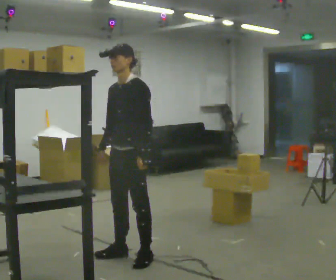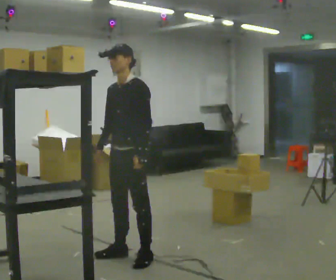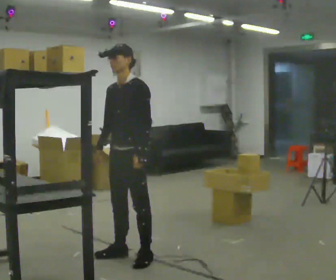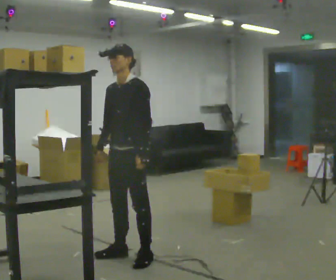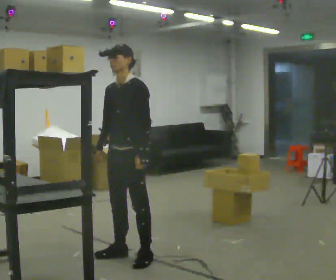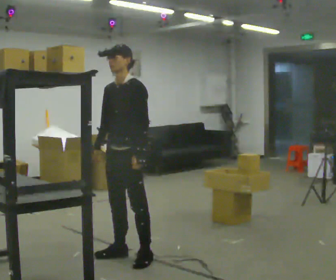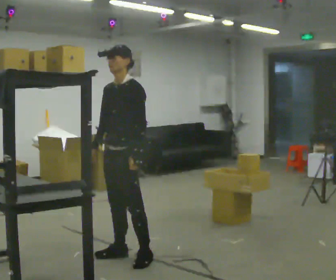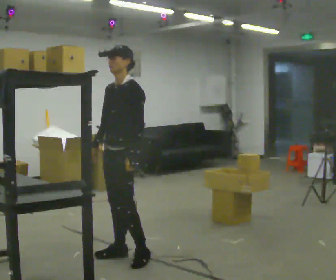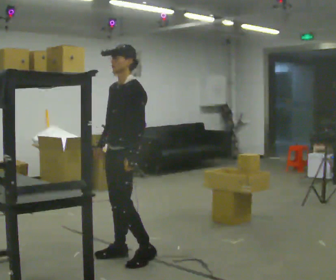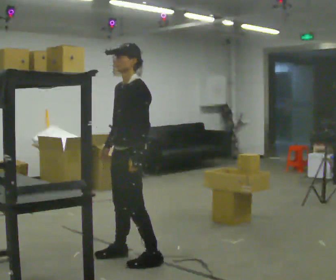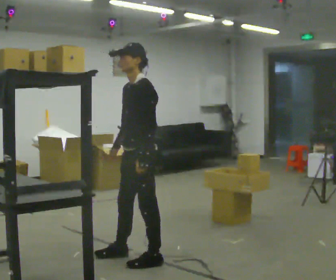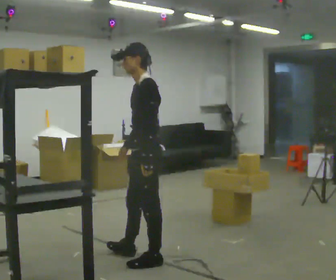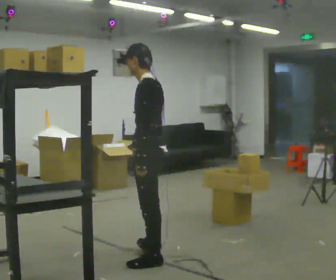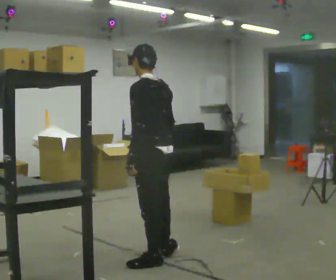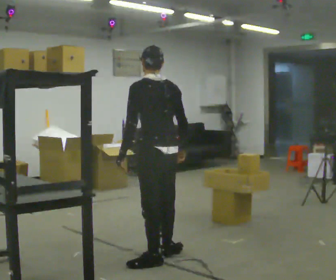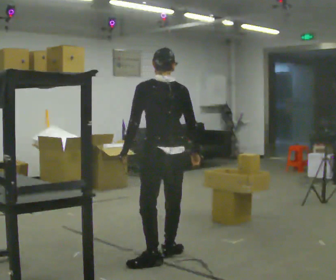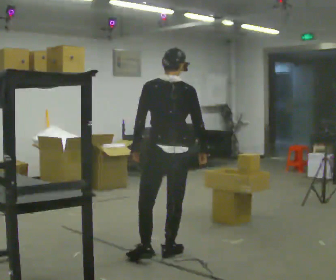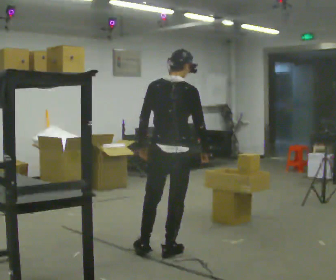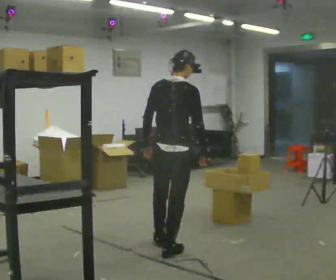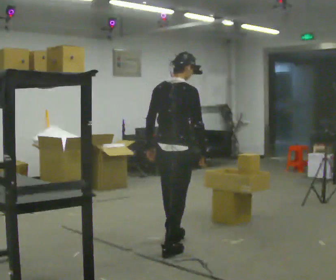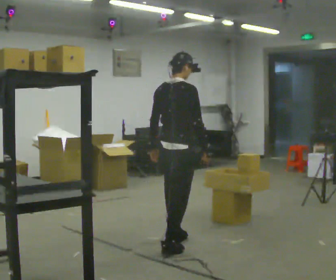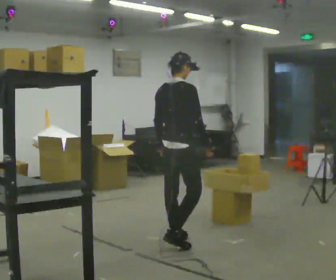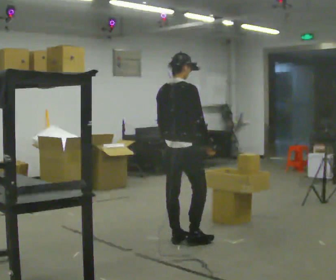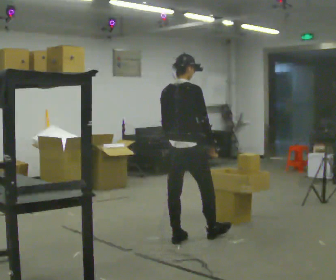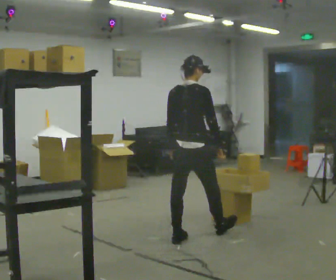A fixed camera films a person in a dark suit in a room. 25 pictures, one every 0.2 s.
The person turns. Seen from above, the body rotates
clockwise.
The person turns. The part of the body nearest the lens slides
to the left.
0.0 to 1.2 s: The person moves a little, or ends about where they began.
1.2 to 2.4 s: The person turns about 60 degrees to their right, clockwise seen from above, so the part of the body nearest the lens slides to the left. In the picture they go toward the camera and to the right, about 0.25 m in 1 step, which for them is to their left.
2.4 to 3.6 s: The part of the body nearest the lens slides to the left as the person turns to their right by about 105 degrees. In the picture they go away from the camera and to the right, about 0.25 m in 1 step.
3.6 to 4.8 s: In the picture they go away from the camera and to the right, about 0.5 m in 2 steps, which for them is forward.
The film runs forward here.
